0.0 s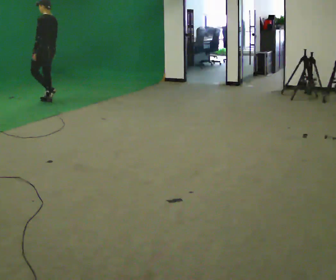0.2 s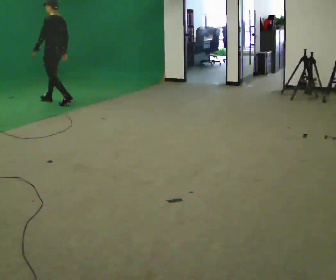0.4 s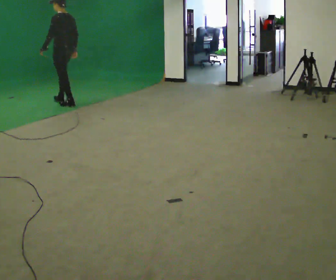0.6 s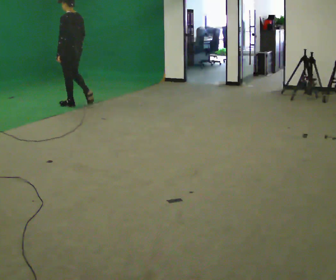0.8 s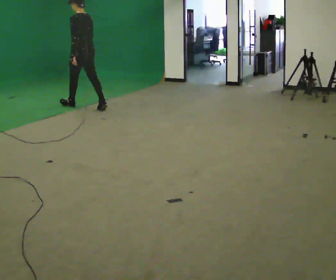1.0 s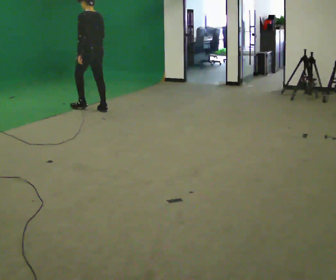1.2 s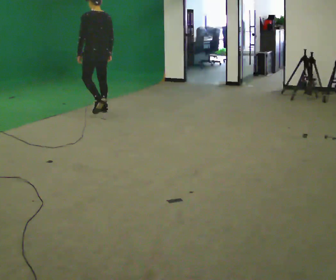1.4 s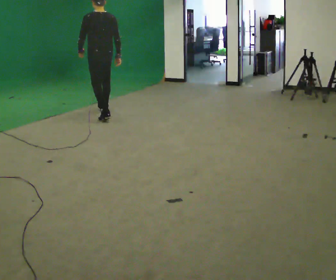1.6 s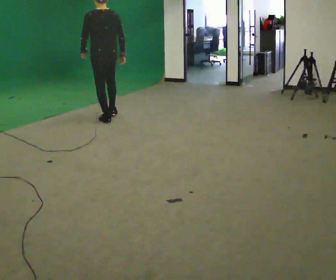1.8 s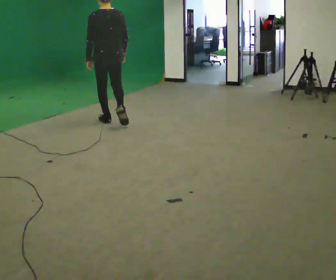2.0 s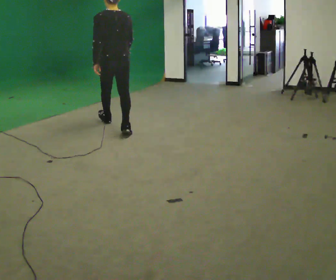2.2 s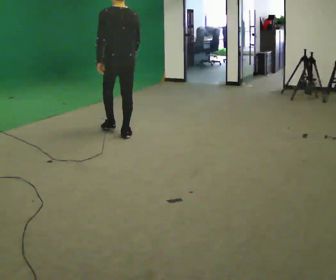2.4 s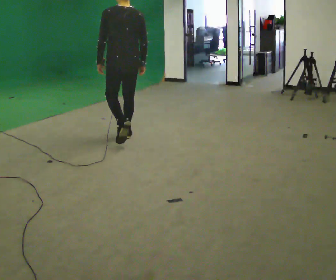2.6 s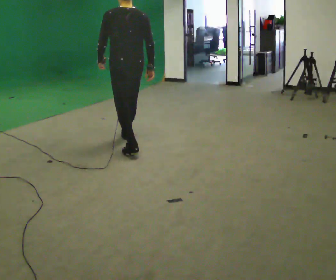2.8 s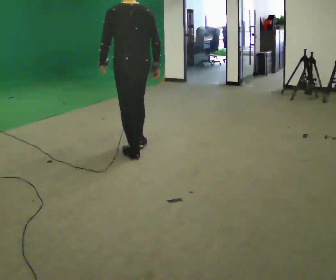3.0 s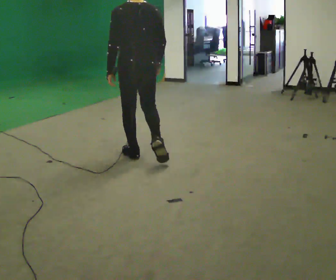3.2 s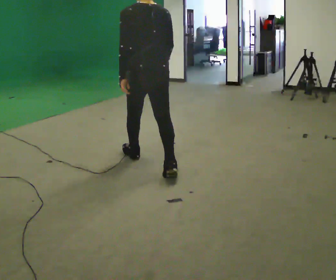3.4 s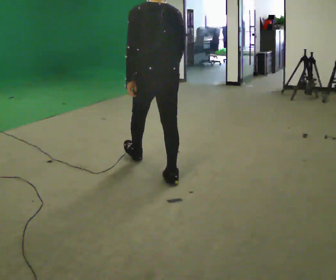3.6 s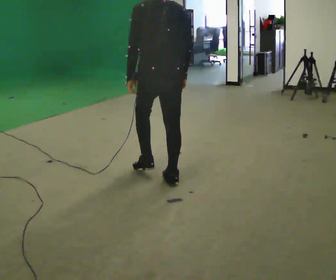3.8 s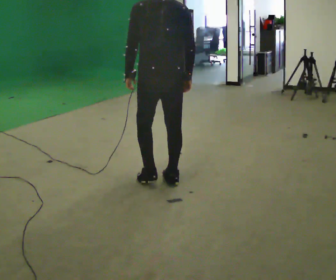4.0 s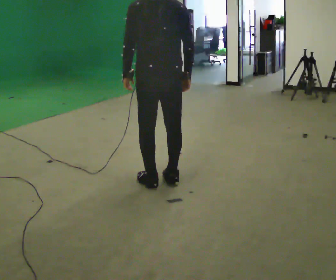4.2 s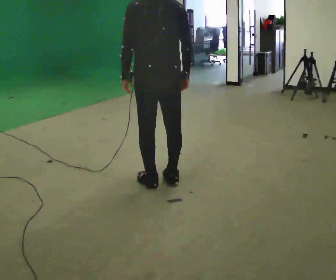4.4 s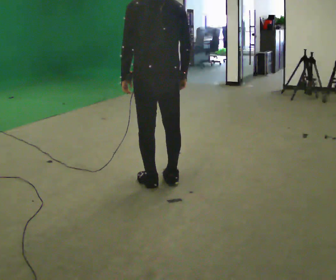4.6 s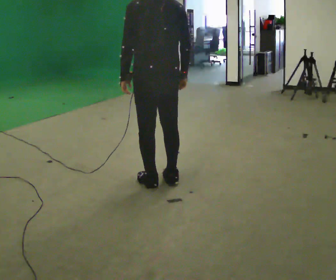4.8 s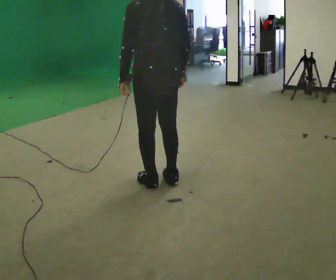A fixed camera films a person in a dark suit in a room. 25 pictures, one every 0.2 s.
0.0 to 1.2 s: The person turns about 30 degrees to their right, clockwise seen from above, so the part of the body nearest the lens slides to the left. In the picture they go to the right and toward the camera, about 1 m in 2 steps, which for them is backward.
1.2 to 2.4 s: In the picture they go toward the camera, about 1.5 m in 2 steps, which for them is backward.
2.4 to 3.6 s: In the picture they go toward the camera, about 1 m in 2 steps, which for them is backward.
3.6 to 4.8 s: In the picture they go toward the camera, about 0.25 m, which for them is backward.
The film runs backward here.
